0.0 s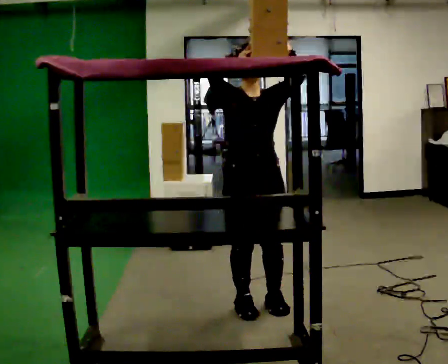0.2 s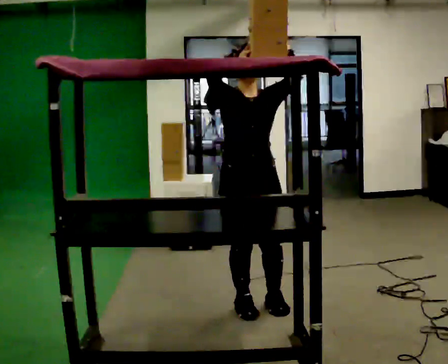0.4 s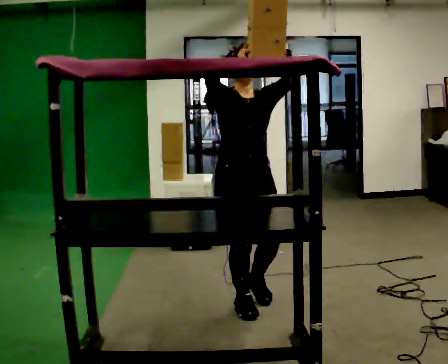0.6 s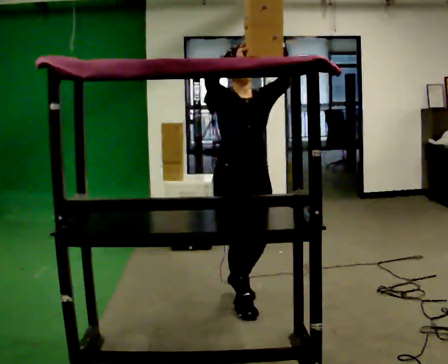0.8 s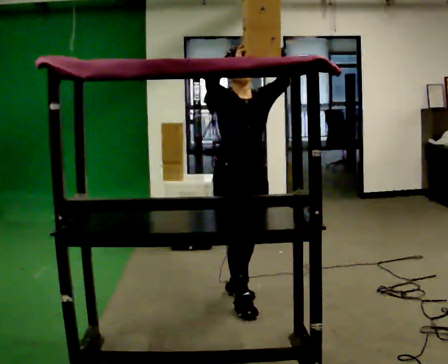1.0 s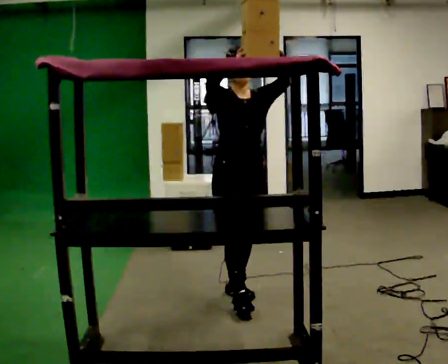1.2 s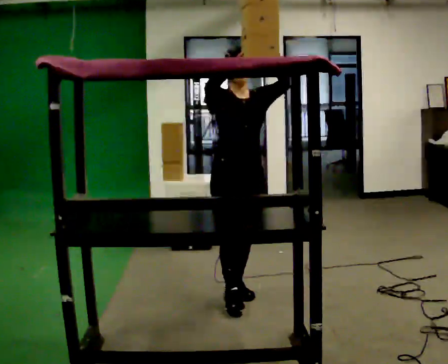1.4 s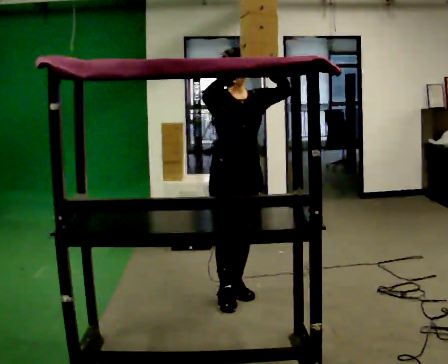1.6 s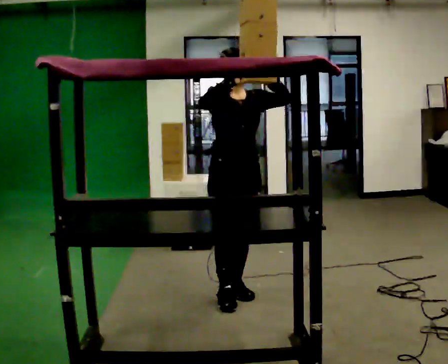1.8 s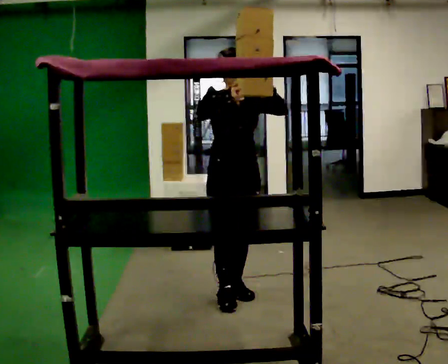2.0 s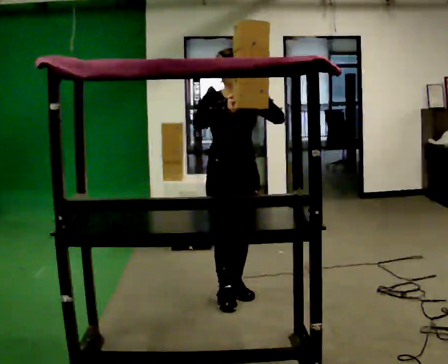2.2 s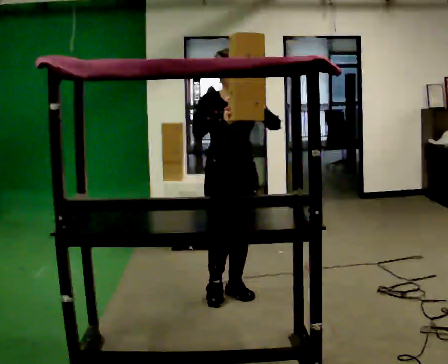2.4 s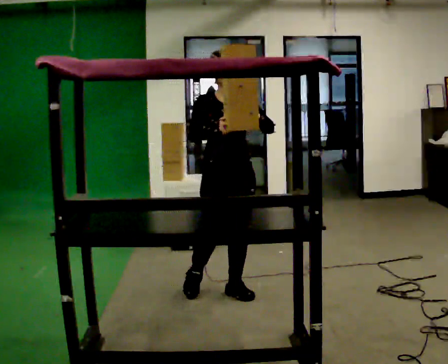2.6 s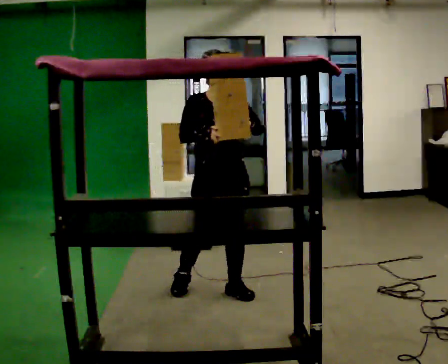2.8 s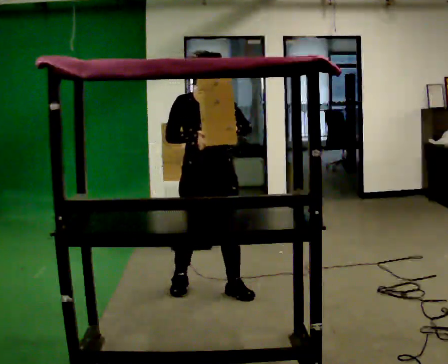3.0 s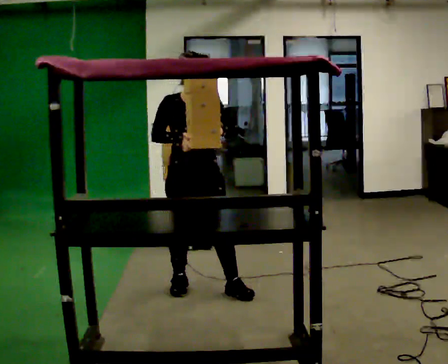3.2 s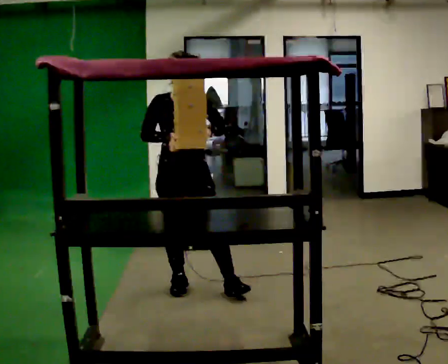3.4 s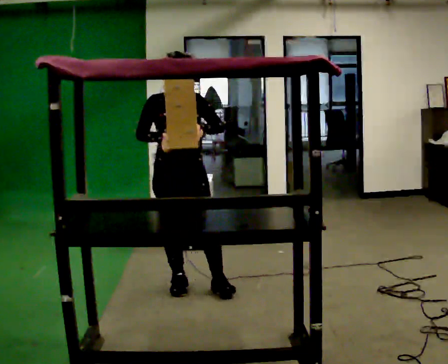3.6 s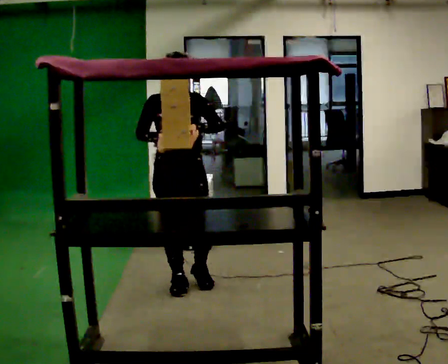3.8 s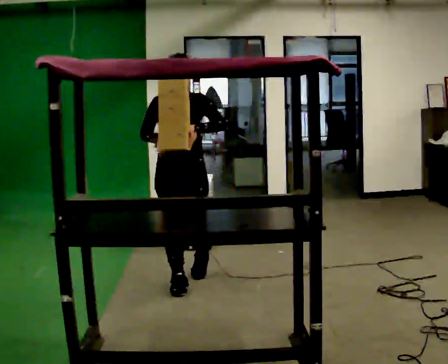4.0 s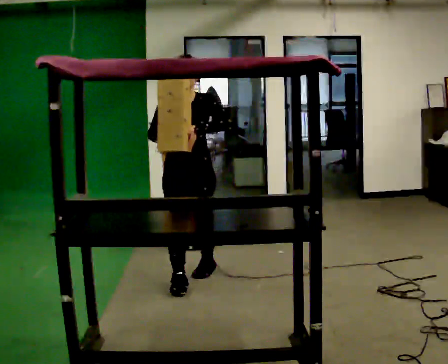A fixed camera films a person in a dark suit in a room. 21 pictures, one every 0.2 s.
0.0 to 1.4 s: In the picture they go away from the camera, about 0.25 m in 2 steps, which for them is backward.
1.4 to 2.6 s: In the picture their right hand goes downward.
2.6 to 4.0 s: In the picture they go away from the camera and to the left, about 0.25 m in 1 step, which for them is backward and to their right.
The film runs backward here.
